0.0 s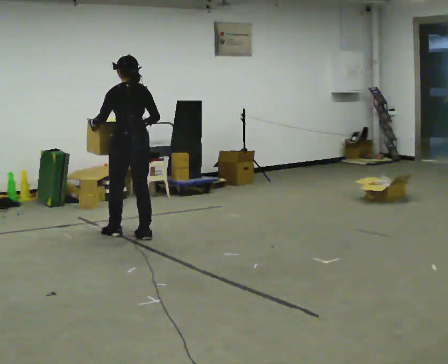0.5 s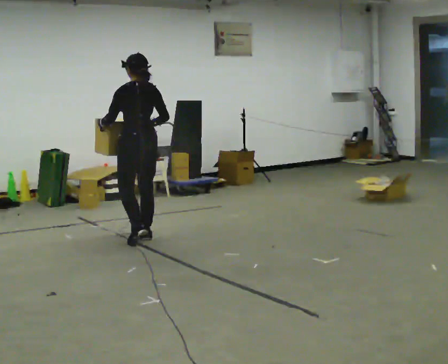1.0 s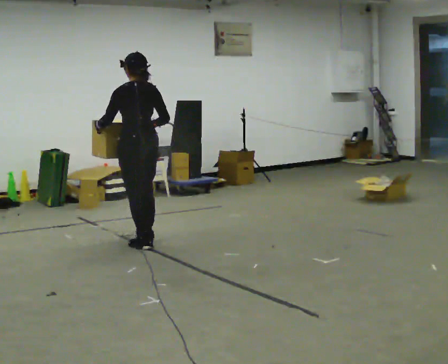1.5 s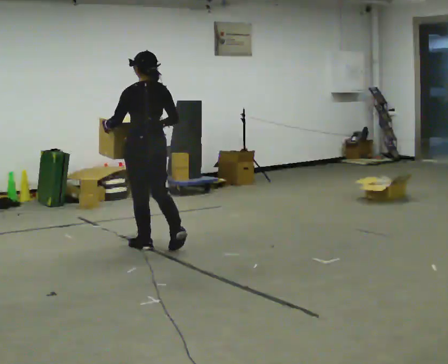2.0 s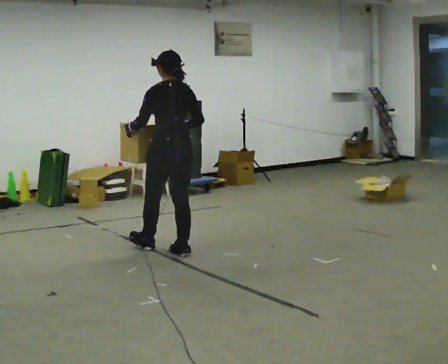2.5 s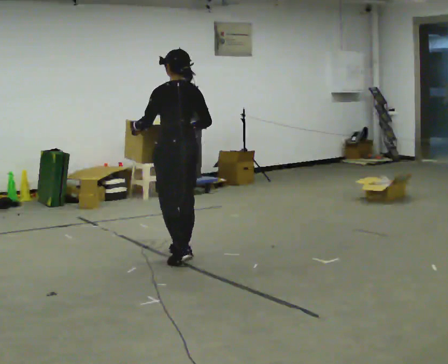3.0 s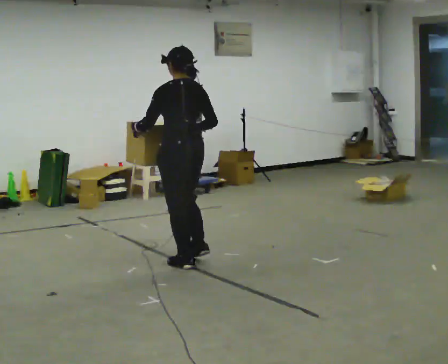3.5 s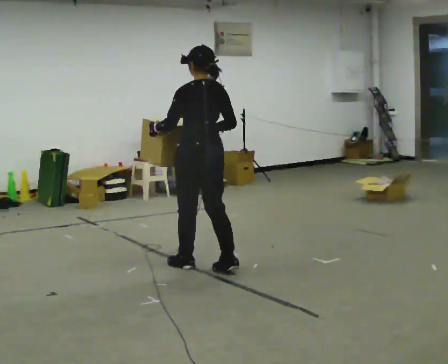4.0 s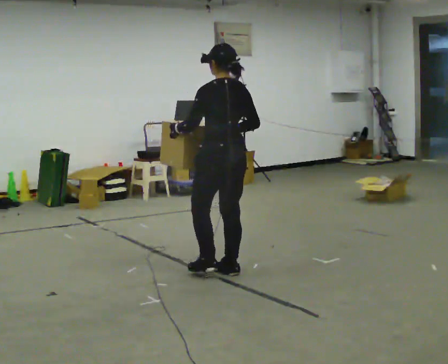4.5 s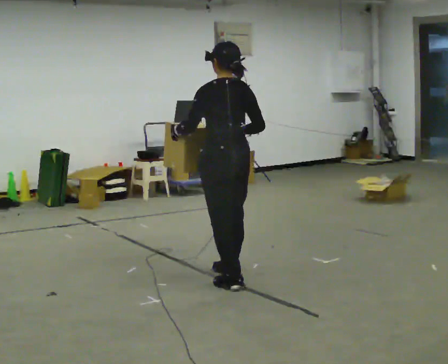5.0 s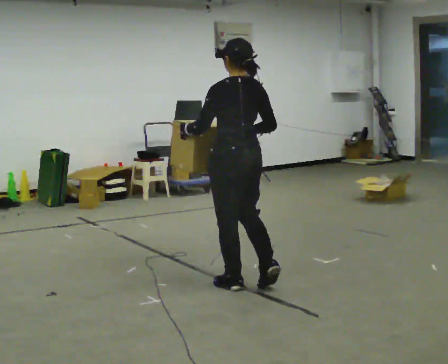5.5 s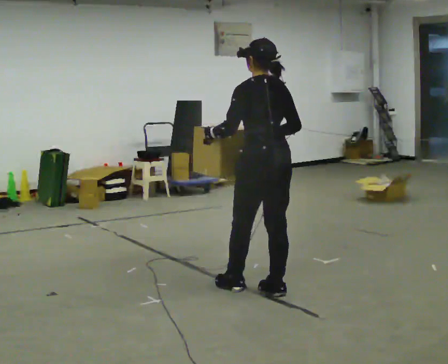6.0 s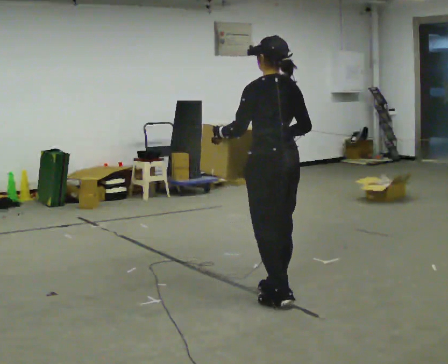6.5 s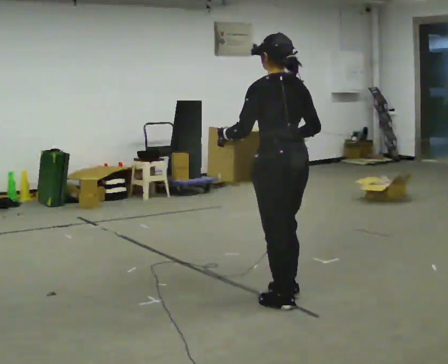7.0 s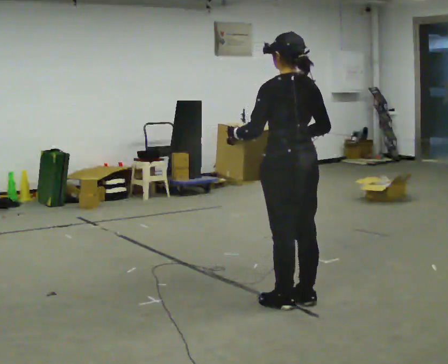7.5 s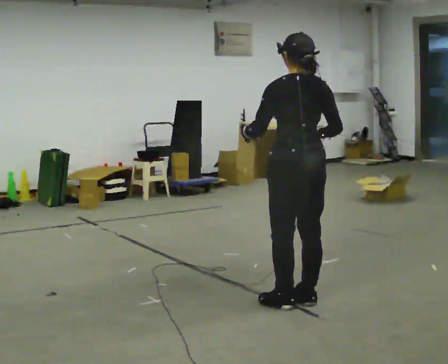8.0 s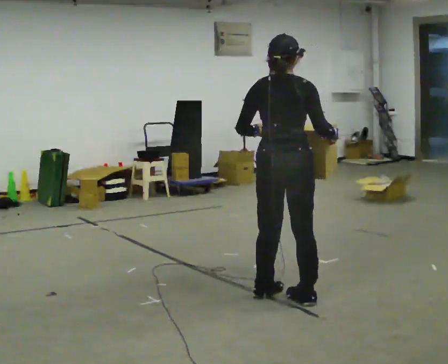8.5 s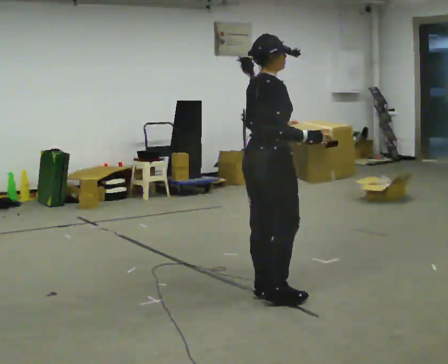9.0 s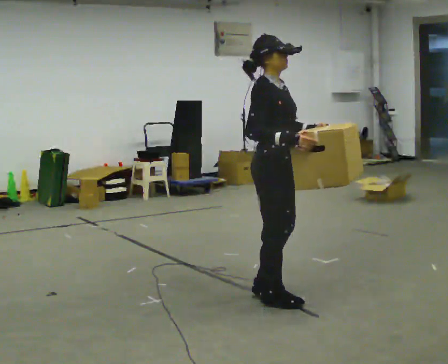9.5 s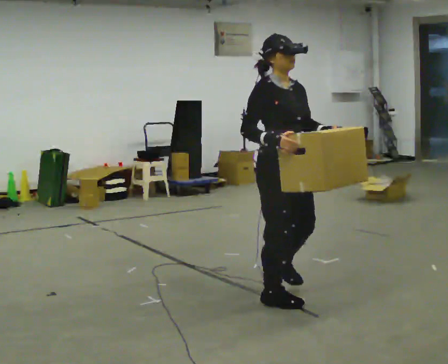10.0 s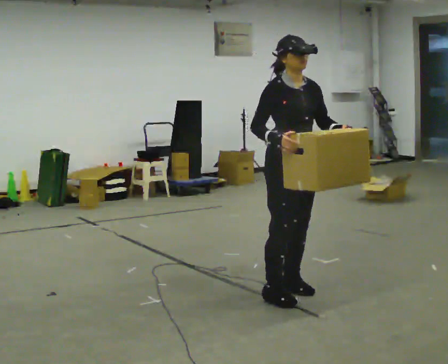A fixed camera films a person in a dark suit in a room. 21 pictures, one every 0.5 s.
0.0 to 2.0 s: In the picture they go toward the camera and to the right, about 0.75 m in 2 steps, which for them is backward.
2.0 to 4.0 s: In the picture they go toward the camera and to the right, about 0.5 m in 2 steps, which for them is backward.
4.0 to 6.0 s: In the picture they go toward the camera and to the right, about 0.5 m in 3 steps, which for them is backward.
6.0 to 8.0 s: The person turns about 60 degrees to their right, clockwise seen from above, so the part of the body nearest the lens slides to the left.
8.0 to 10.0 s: The part of the body nearest the lens slides to the left as the person turns to their right by about 120 degrees. In the picture they go away from the camera, about 0.25 m in 2 steps. In the picture their left hand goes to the right.
The film runs forward here.
